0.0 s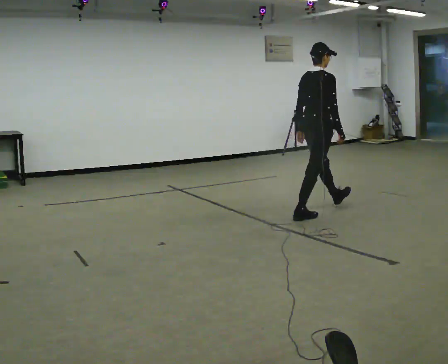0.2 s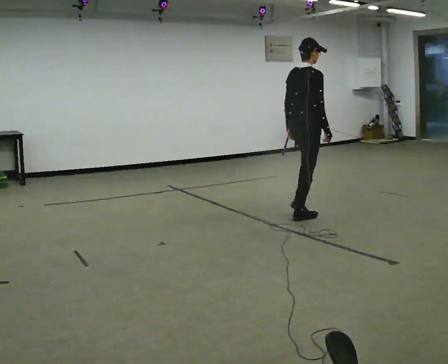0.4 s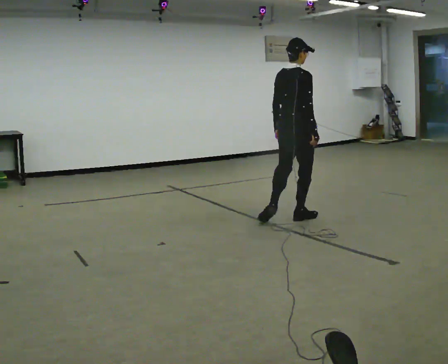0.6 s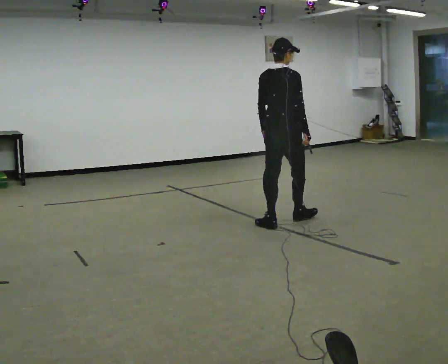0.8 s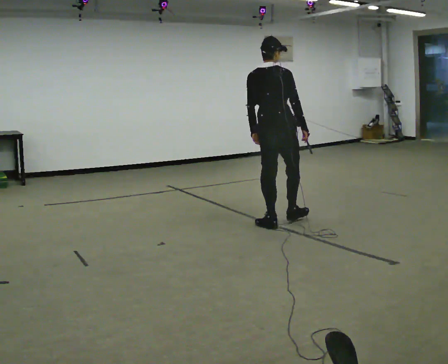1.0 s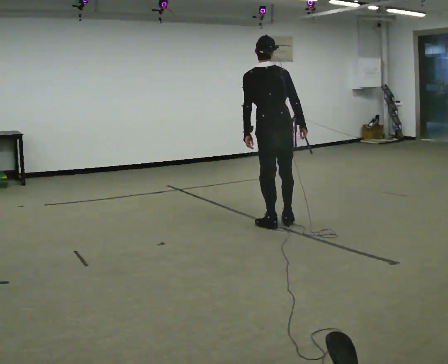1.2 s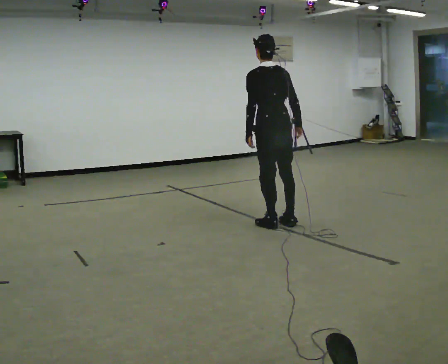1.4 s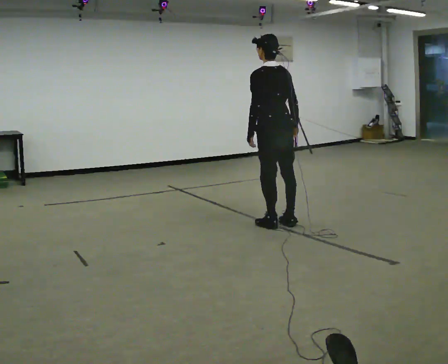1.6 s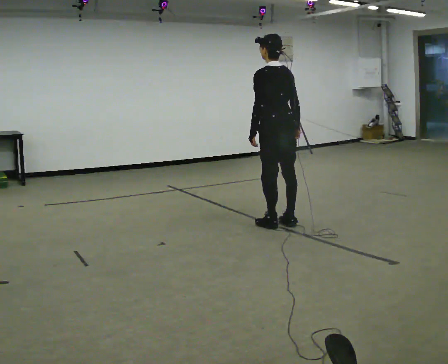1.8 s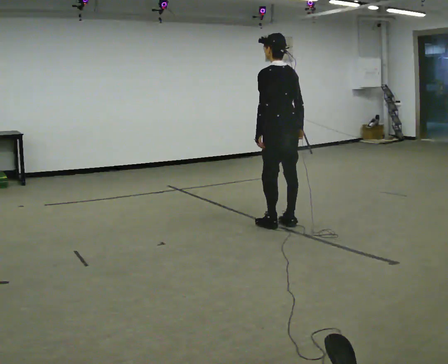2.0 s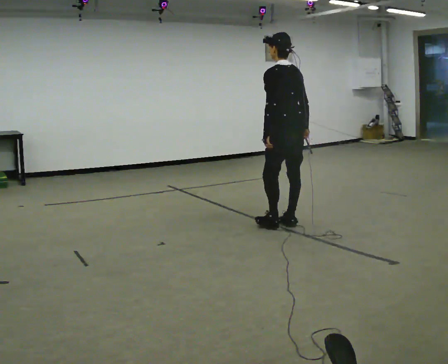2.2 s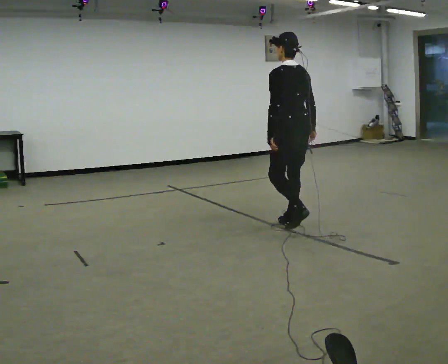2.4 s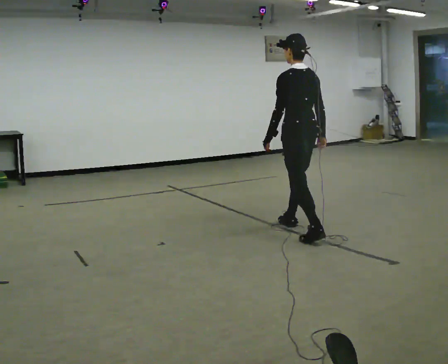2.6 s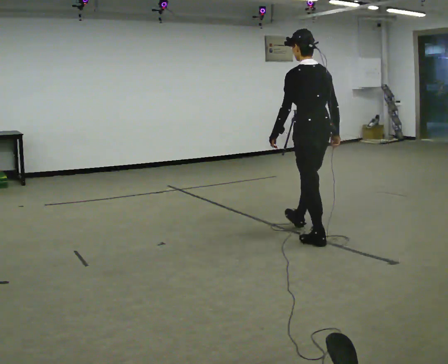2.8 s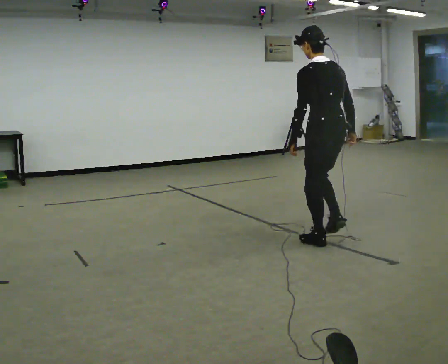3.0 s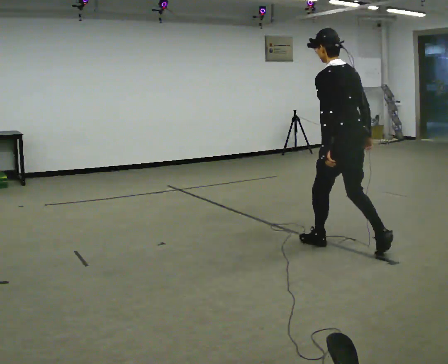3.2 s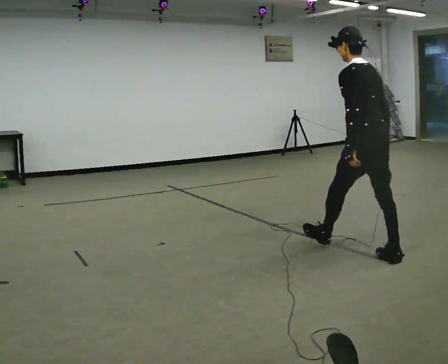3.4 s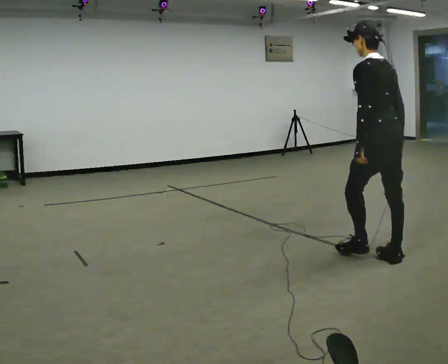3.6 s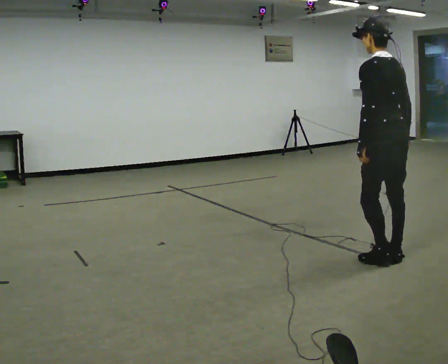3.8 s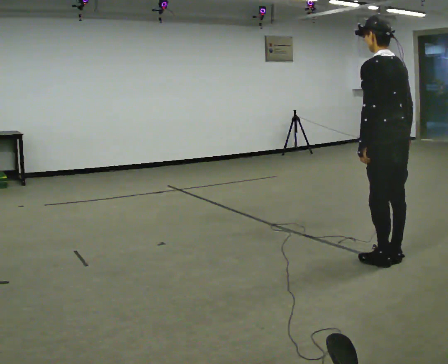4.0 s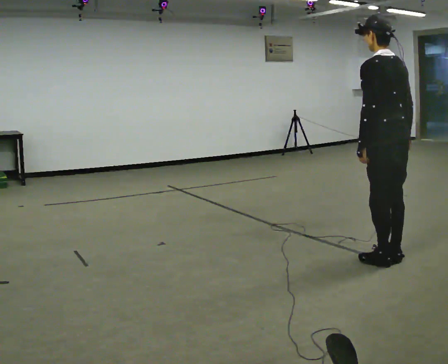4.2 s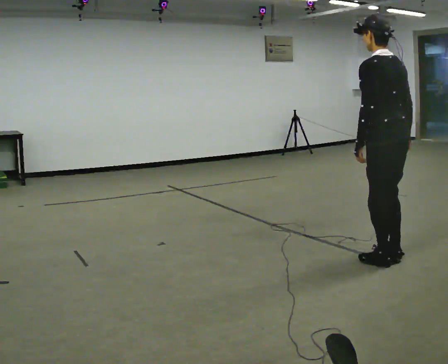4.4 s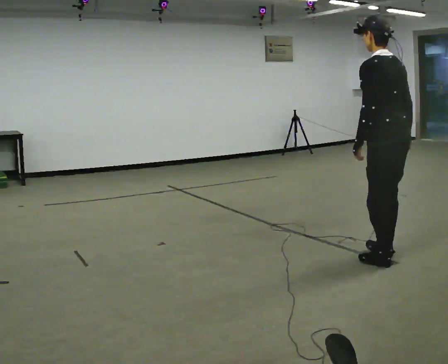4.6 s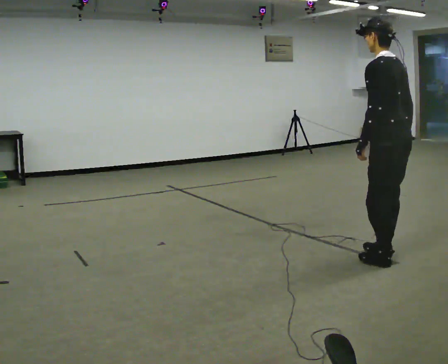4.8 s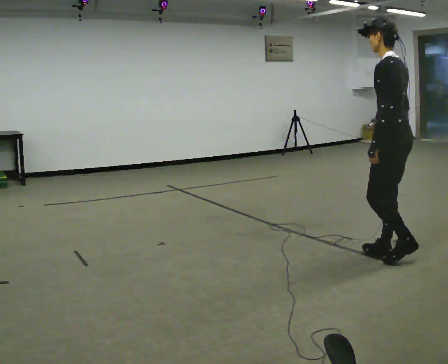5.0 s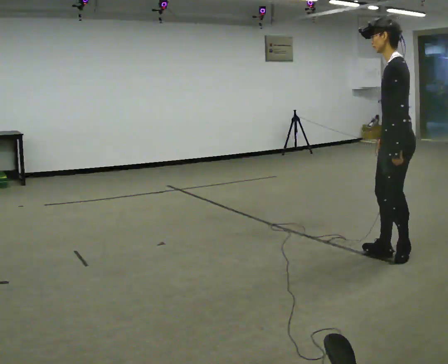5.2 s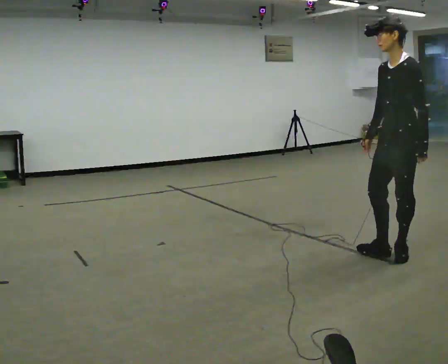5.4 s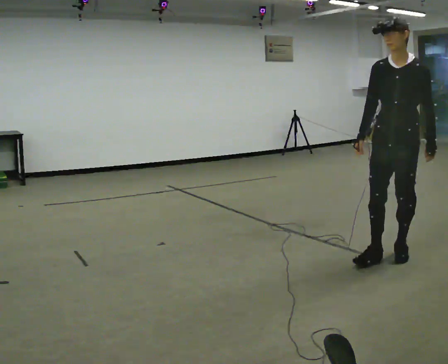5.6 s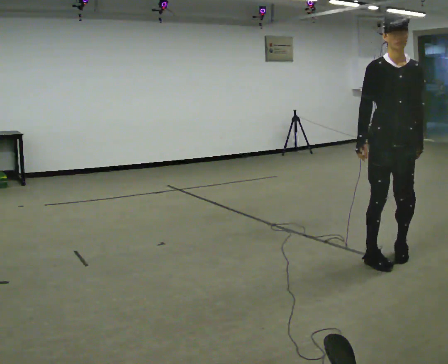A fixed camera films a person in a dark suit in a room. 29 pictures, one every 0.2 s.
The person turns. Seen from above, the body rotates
counterclockwise.
The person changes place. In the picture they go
toward the camera.
0.0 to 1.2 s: The person turns about 75 degrees to their left, counterclockwise seen from above, so the part of the body nearest the lens slides to the right. In the picture they go to the left and toward the camera, about 0.5 m in 1 step.
1.2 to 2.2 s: In the picture they go to the right, about 0.25 m in 1 step, which for them is backward.
2.2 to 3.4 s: In the picture they go toward the camera and to the right, about 1 m in 2 steps, which for them is backward.
3.4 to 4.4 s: The person moves a little, or ends about where they began.
4.4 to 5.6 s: Seen from above the body turns counterclockwise, about 150 degrees: to their left, with its near side sliding to the right. In the picture their right hand goes to the left, the arm swinging clockwise.
The film runs backward here.
